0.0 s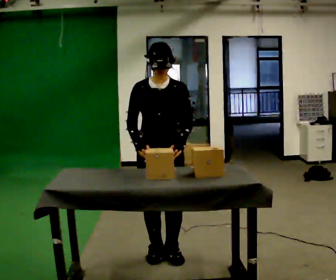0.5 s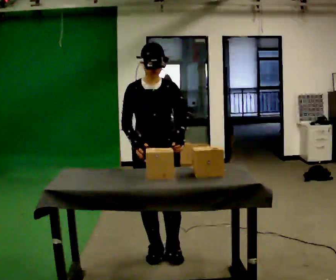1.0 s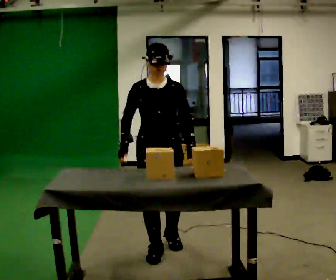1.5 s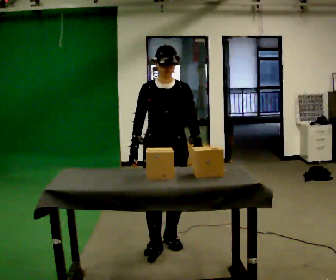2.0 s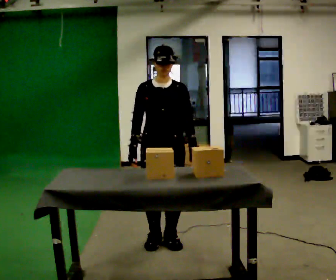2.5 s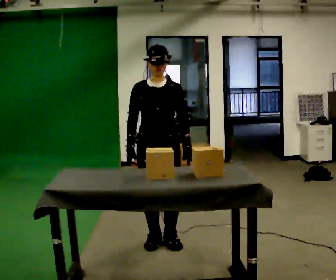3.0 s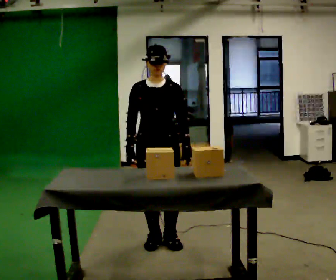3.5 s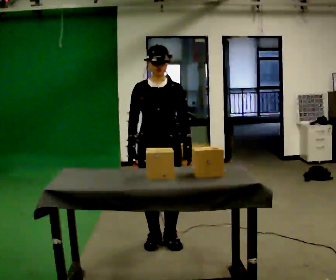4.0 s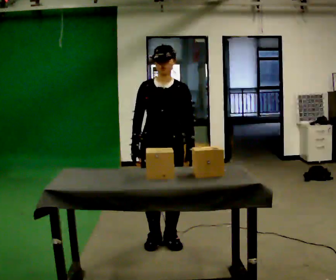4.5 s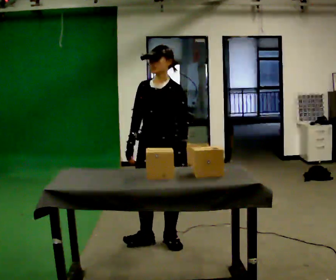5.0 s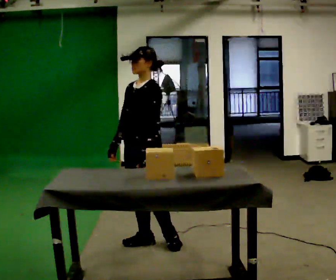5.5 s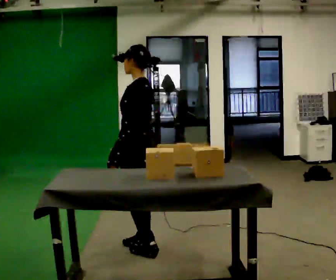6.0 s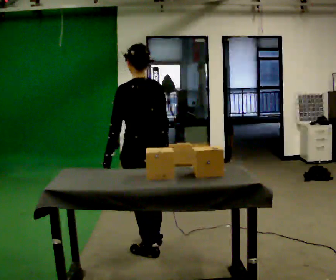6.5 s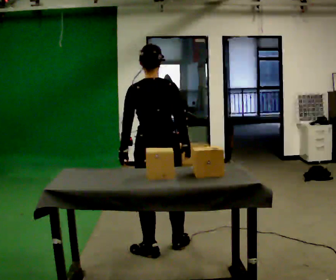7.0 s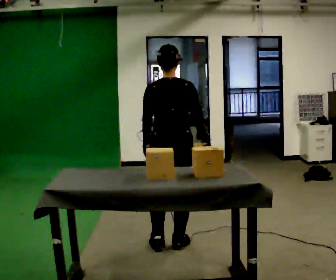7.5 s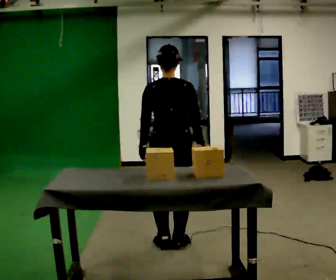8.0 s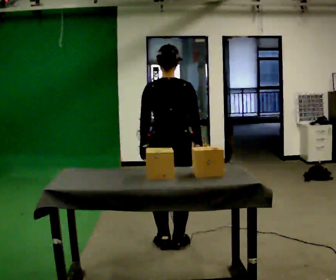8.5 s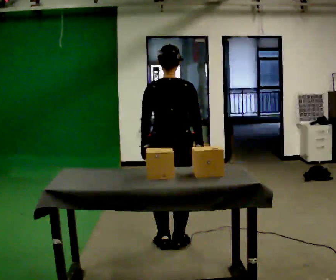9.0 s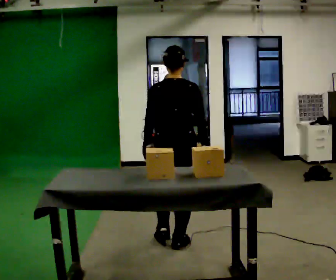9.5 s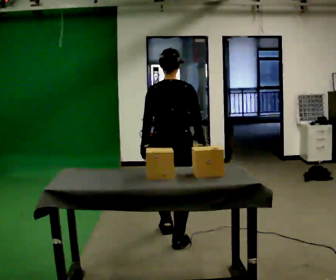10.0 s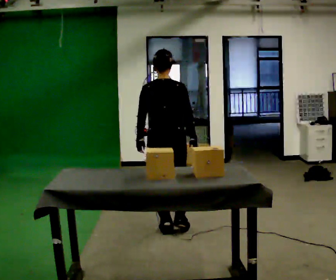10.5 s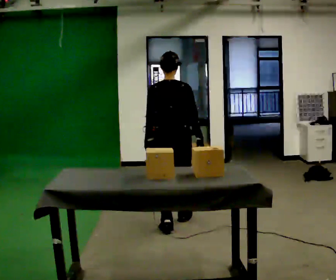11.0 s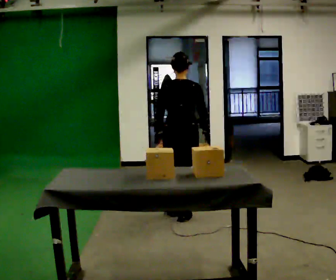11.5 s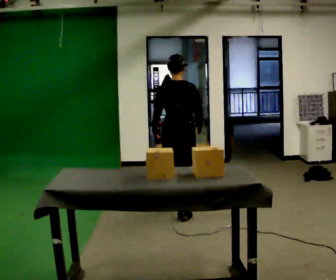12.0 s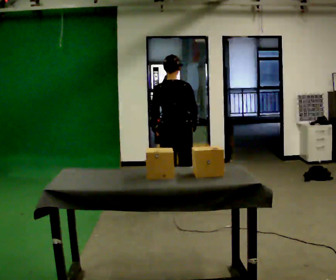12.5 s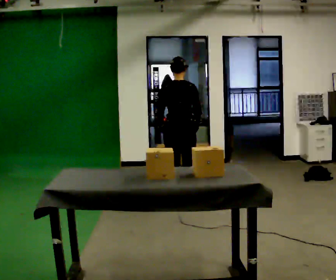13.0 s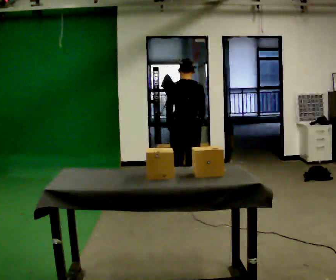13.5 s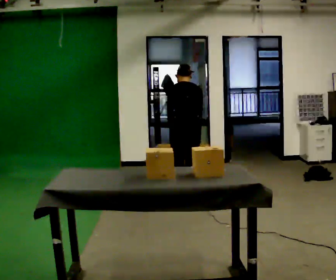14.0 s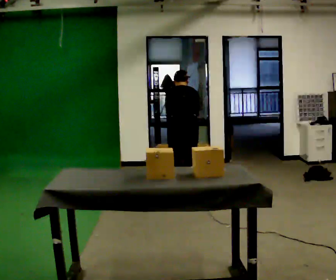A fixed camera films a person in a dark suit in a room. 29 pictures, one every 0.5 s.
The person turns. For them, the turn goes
to their right.
The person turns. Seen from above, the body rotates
clockwise.
0.0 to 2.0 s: In the picture they go away from the camera, about 0.25 m in 2 steps, which for them is backward.
2.0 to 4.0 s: The person moves a little, or ends about where they began.
4.0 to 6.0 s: Seen from above the body turns clockwise, about 135 degrees: to their right, with its near side sliding to the left. In the picture they go toward the camera, about 0.25 m in 1 step.
6.0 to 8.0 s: The person turns about 45 degrees to their right, clockwise seen from above, so the part of the body nearest the lens slides to the left. In the picture they go to the right and away from the camera, about 0.25 m in 2 steps, which for them is forward and to their right.
8.0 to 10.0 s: In the picture they go away from the camera, about 0.25 m in 1 step, which for them is forward.
10.0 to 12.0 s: In the picture they go away from the camera, about 0.5 m in 2 steps, which for them is forward.
12.0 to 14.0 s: In the picture they go away from the camera, about 0.25 m in 2 steps, which for them is forward. The upper body tips away from the camera, its near side rolling upward, as they bend forward.
The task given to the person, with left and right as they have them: Take the objects the operator names off the crowded shelf, one at a time, and carry each one to the table. You will have to move other things out of the way to reach them. Keep going until the operator says stop; one object at a time, and do not rush between trips.
The film runs forward here.
